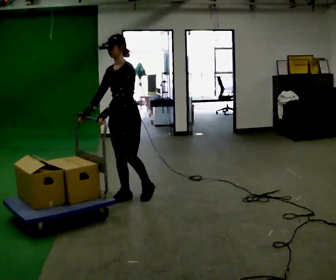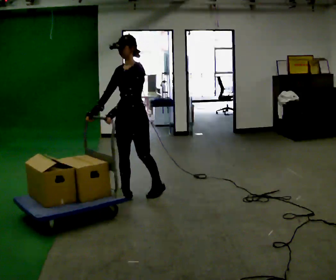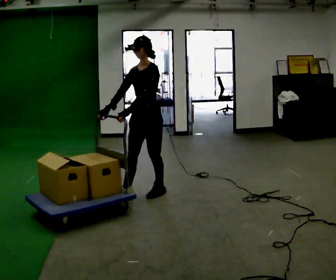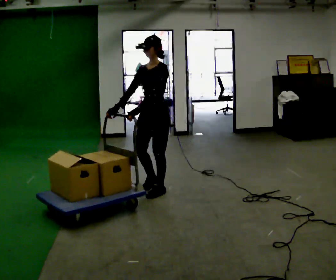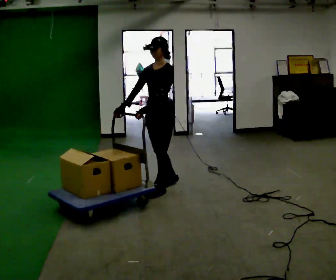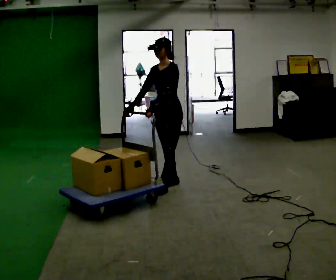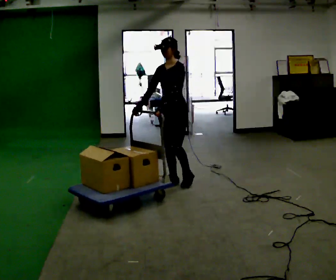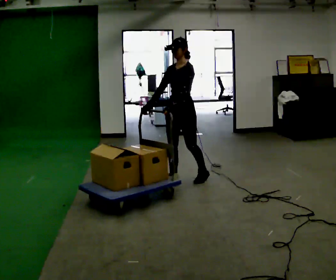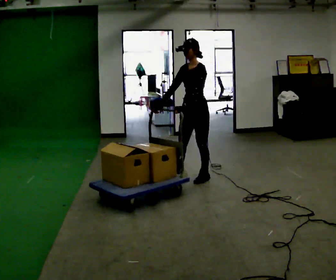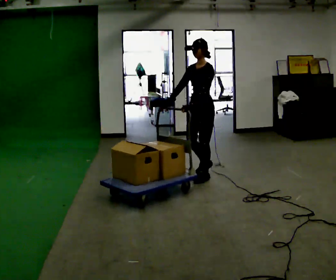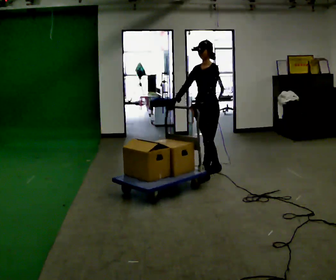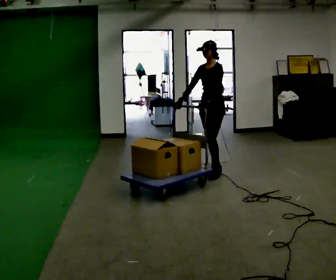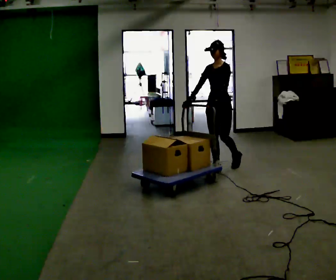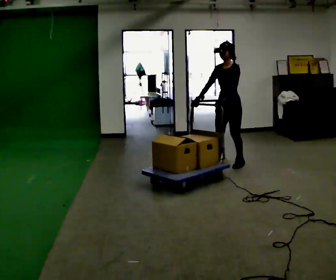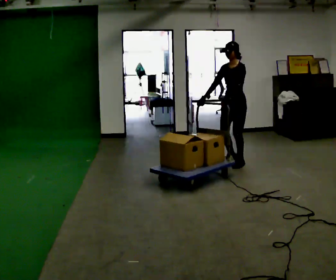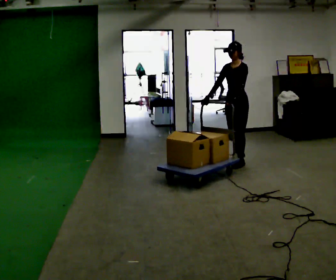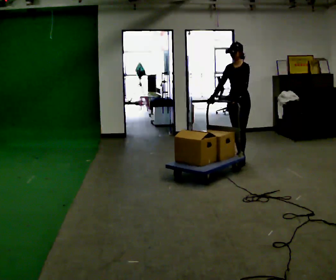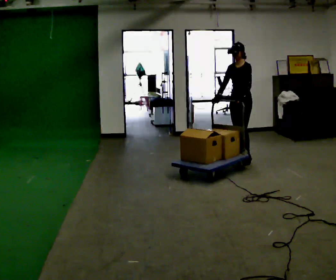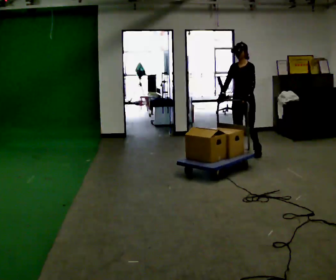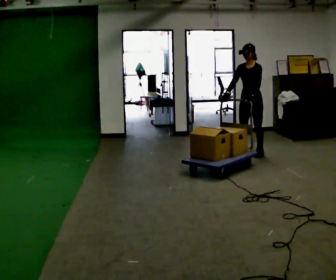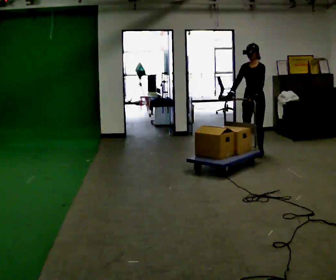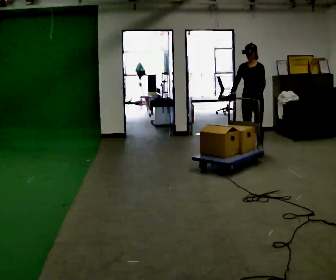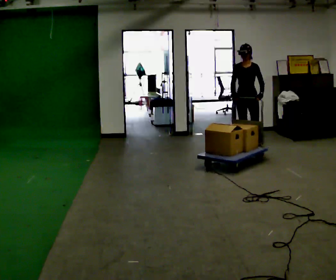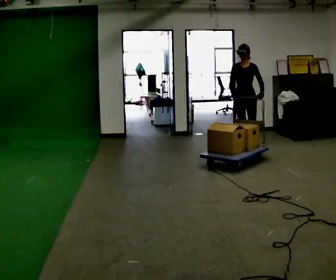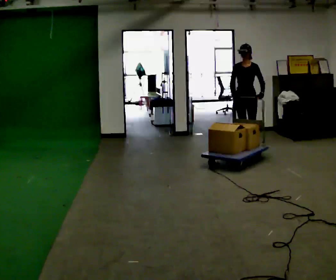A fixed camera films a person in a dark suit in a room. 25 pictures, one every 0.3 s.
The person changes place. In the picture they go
away from the camera.
0.0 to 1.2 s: In the picture they go away from the camera and to the right, about 0.5 m in 1 step, which for them is backward.
1.2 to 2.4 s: In the picture they go away from the camera and to the right, about 0.5 m in 2 steps, which for them is backward.
2.4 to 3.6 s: In the picture they go away from the camera and to the right, about 0.5 m in 1 step, which for them is backward.
3.6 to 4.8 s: In the picture they go away from the camera and to the right, about 0.5 m in 1 step, which for them is backward.
4.8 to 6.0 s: In the picture they go away from the camera and to the right, about 0.5 m in 2 steps, which for them is backward.
6.0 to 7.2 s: The part of the body nearest the lens slides to the right as the person turns to their left by about 30 degrees. In the picture they go away from the camera, about 0.25 m in 1 step, which for them is to their right and backward.
The film runs backward here.
